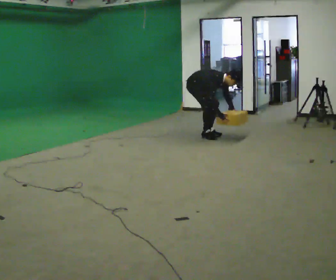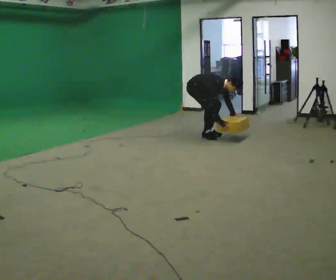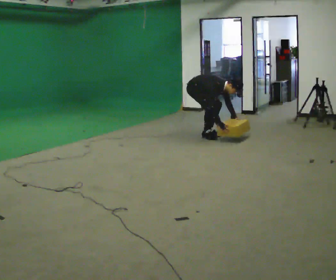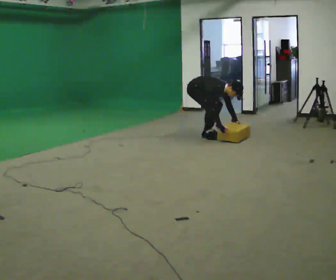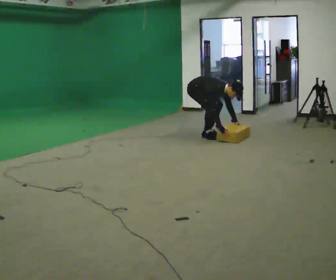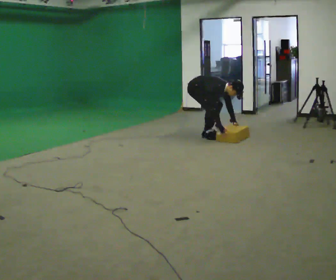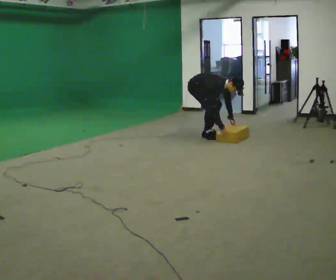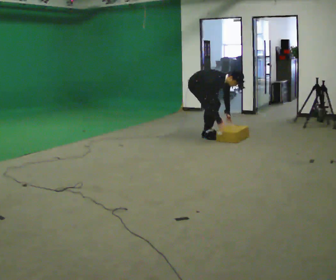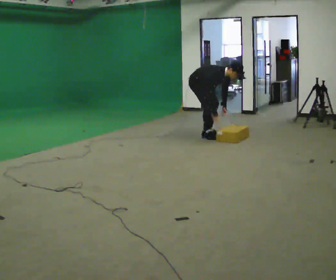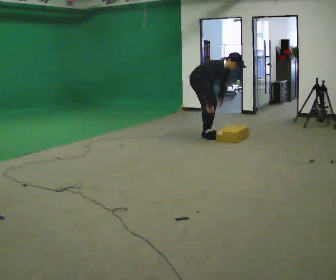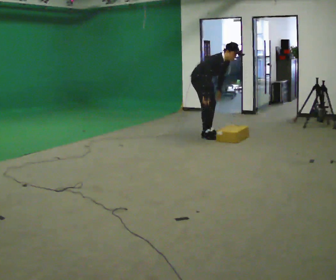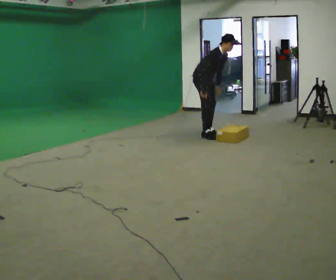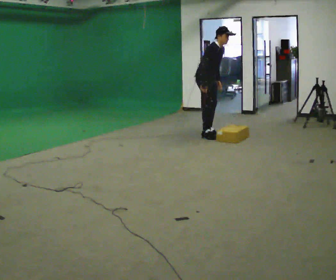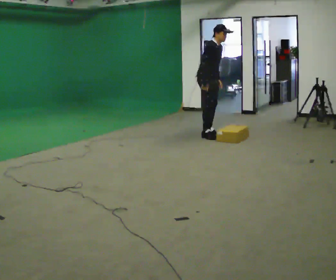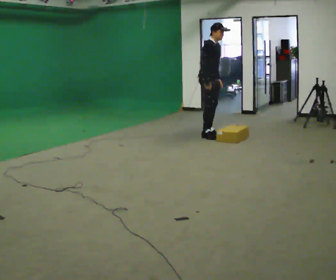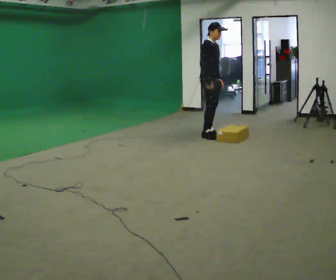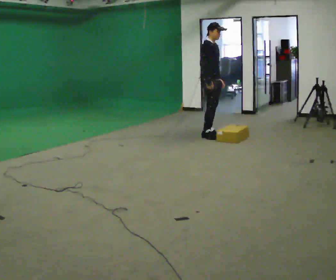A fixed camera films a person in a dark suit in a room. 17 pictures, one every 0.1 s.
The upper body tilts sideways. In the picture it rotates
counterclockwise.
0.0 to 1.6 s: In the picture they go to the right, about 0.25 m, which for them is forward. The shoulders move upward. In the picture the upper body tilts counterclockwise, shoulders to the left, as they lean back or straighten. In the picture their left hand goes upward.
The film runs forward here.
